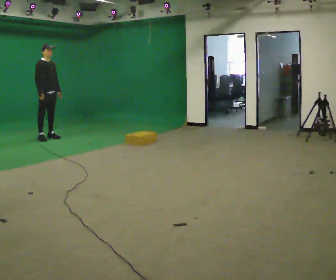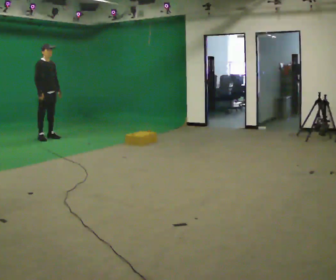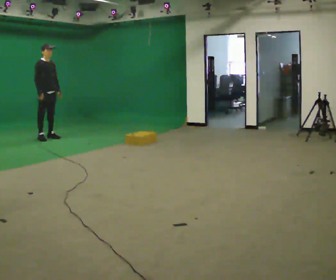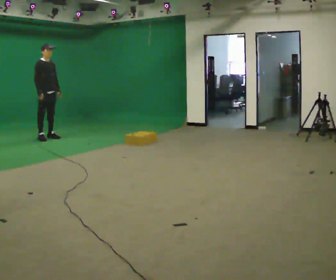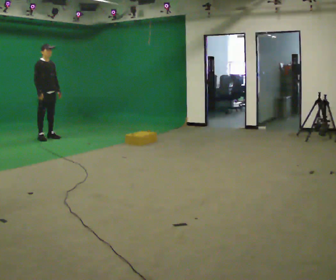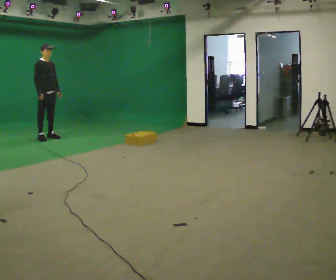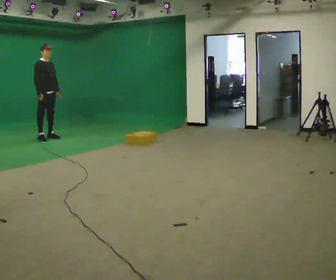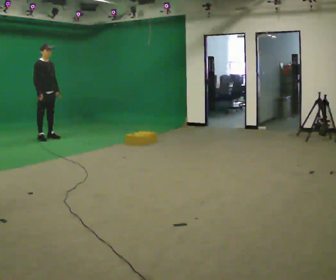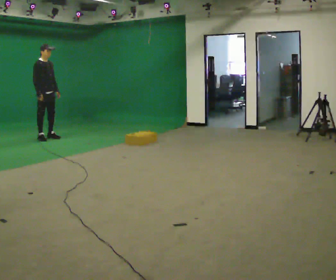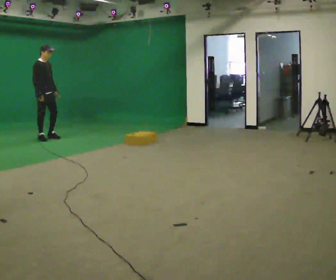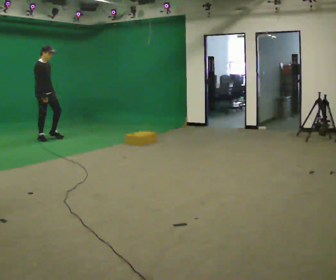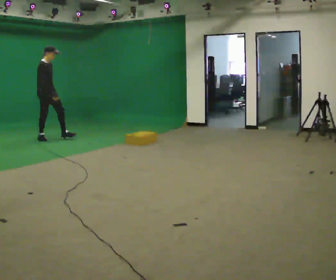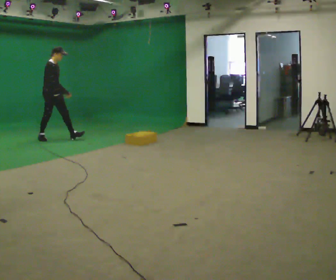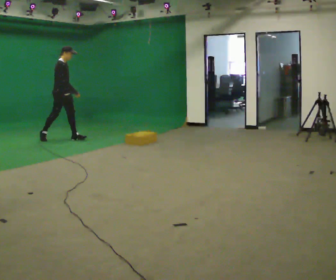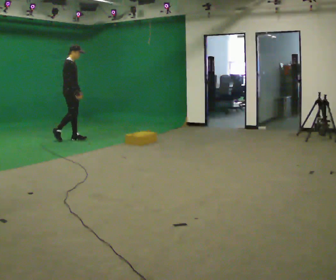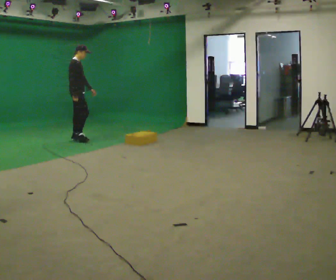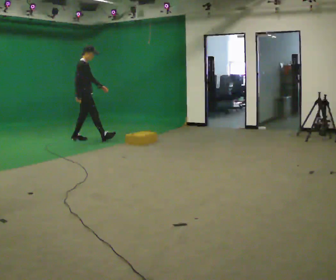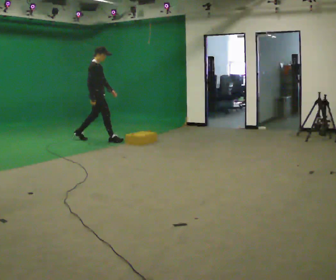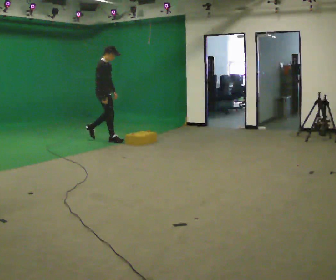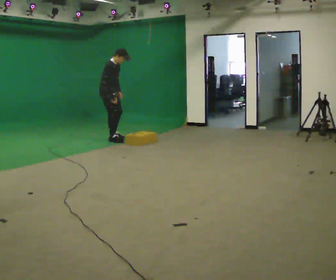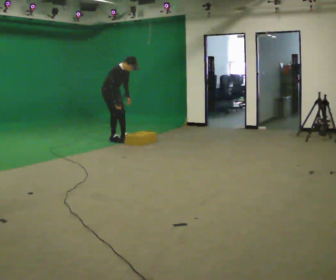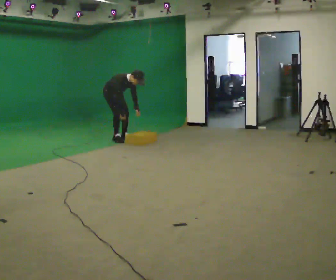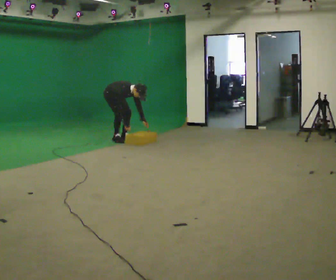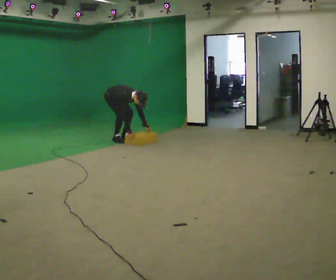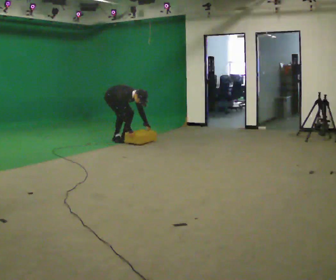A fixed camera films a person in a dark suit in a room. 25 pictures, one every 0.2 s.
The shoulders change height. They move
downward.
The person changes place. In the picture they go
to the right.
0.0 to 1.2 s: The person keeps their place and pose.
1.2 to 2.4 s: In the picture their right hand goes to the right.
2.4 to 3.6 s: In the picture they go to the right, about 1 m in 1 step, which for them is forward.
3.6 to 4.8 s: The part of the body nearest the lens slides to the left as the person turns to their right by about 30 degrees. In the picture they go to the right, about 0.25 m in 1 step, which for them is to their left. The upper body goes downward. In the picture the upper body tilts clockwise, shoulders to the right, as they bend forward. In the picture their left hand goes downward and to the right.
The film runs forward here.
